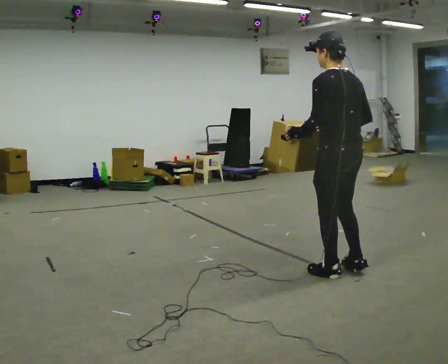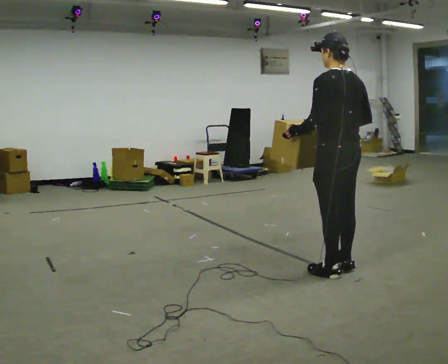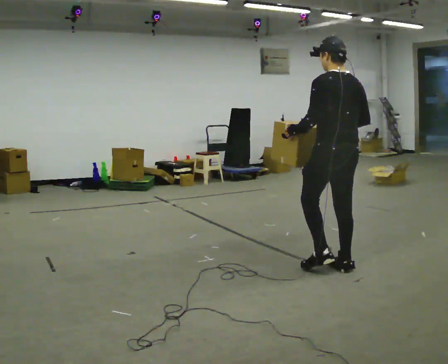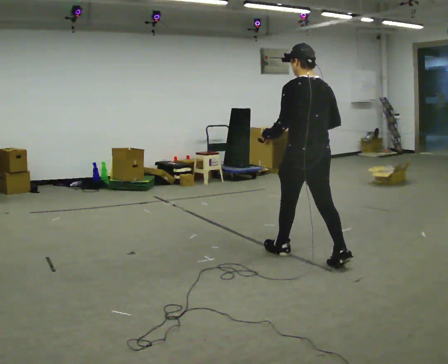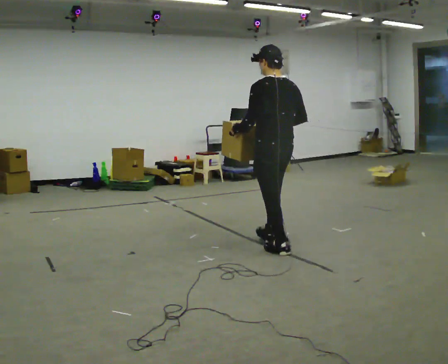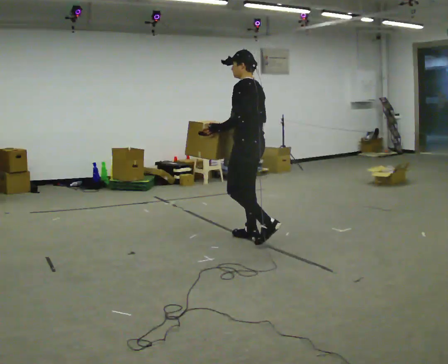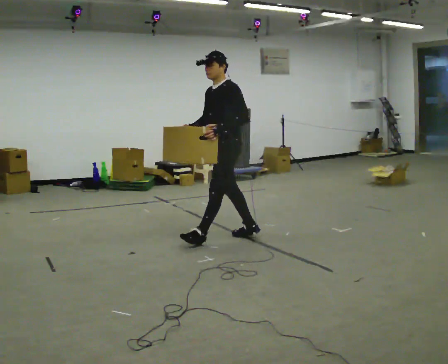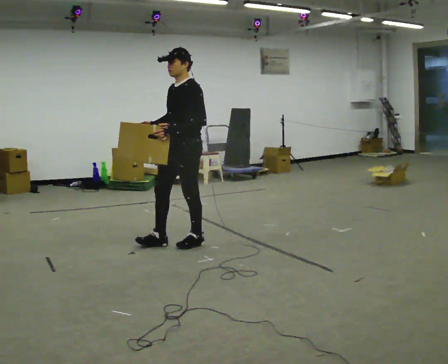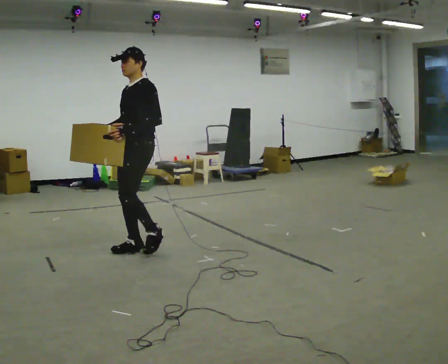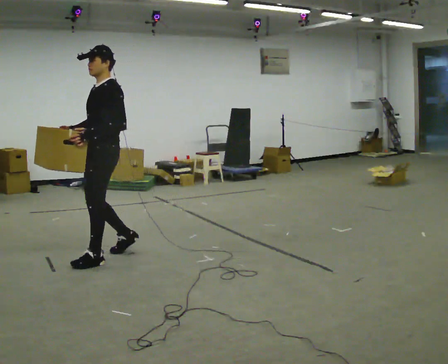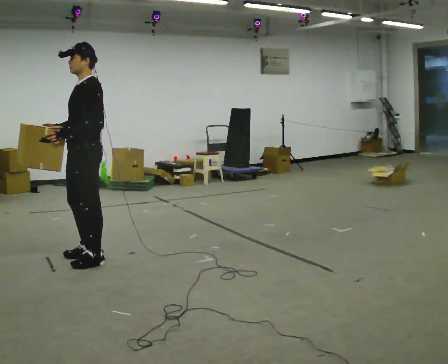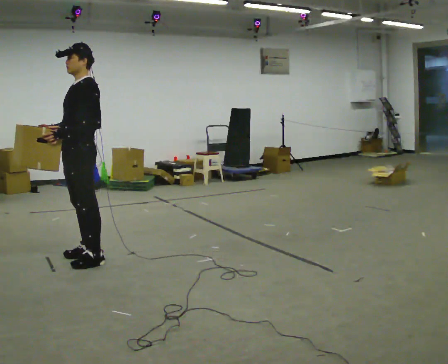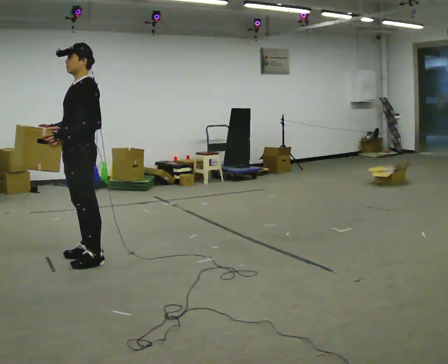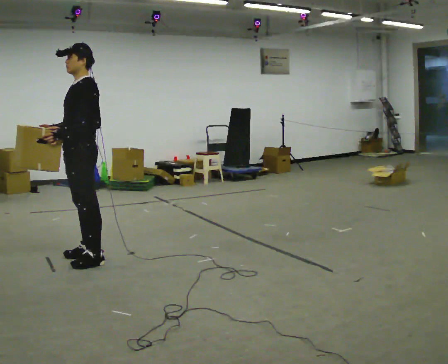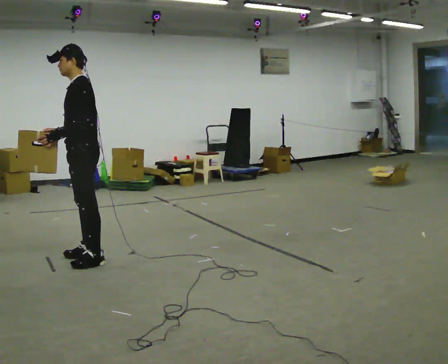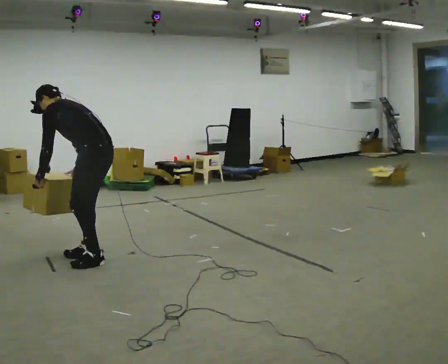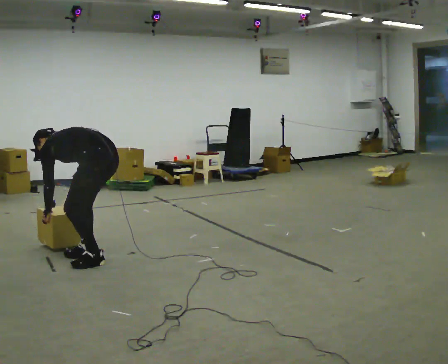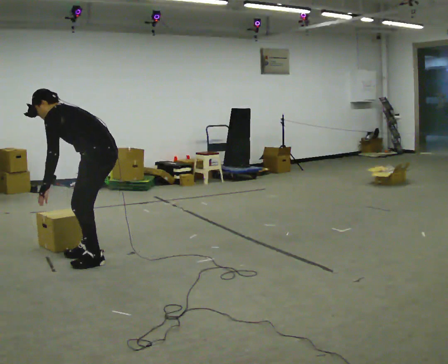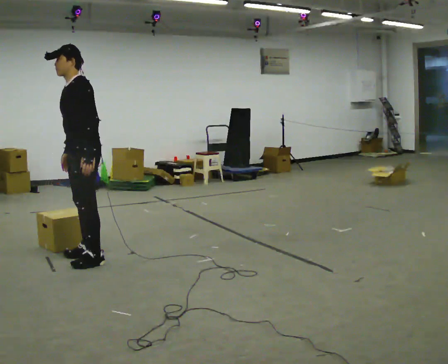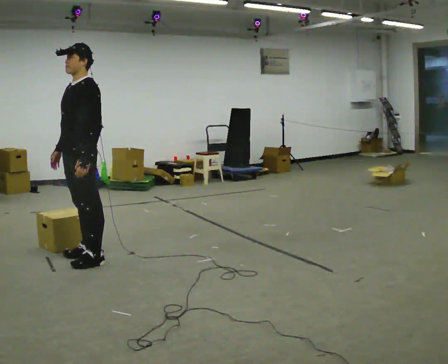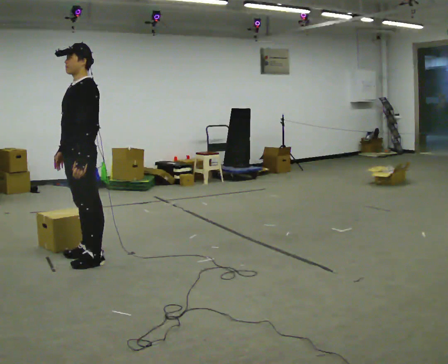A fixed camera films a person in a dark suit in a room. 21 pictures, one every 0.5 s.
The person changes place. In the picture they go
to the left.
The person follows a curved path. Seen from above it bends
counterclockwise.
0.0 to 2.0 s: In the picture they go away from the camera, about 1 m in 2 steps, which for them is forward.
2.0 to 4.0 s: The person turns about 90 degrees to their left, counterclockwise seen from above, so the part of the body nearest the lens slides to the right. In the picture they go to the left, about 1 m in 3 steps.
4.0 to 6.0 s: In the picture they go to the left and toward the camera, about 0.5 m in 2 steps, which for them is forward.
6.0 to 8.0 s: The part of the body nearest the lens slides to the left as the person turns to their right by about 45 degrees. The shoulders move downward. In the picture the upper body tilts counterclockwise, shoulders to the left, as they bend forward. In the picture their right hand goes downward, the arm swinging counterclockwise.
8.0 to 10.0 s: The person turns about 45 degrees to their left, counterclockwise seen from above, so the part of the body nearest the lens slides to the right. The shoulders move upward. In the picture the upper body tilts clockwise, shoulders to the right, as they lean back or straighten. In the picture their left hand goes upward and to the right.
The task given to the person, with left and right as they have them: Carry the box along the marked route, turning 90 degrees at the corner the operator calls, and set it down at the end. Keep going until the operator says stop; one object at a time, and do not rush between trips.
The film runs forward here.
